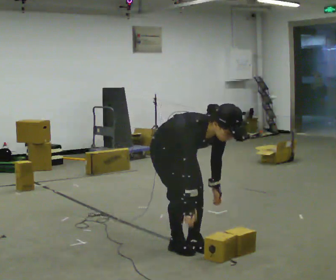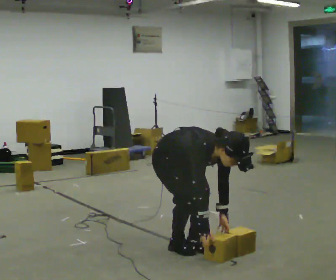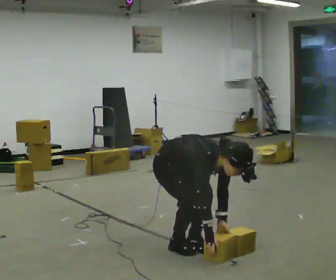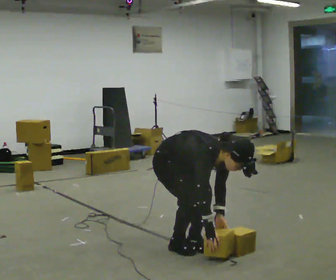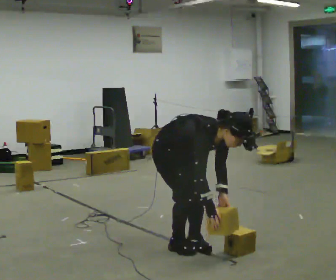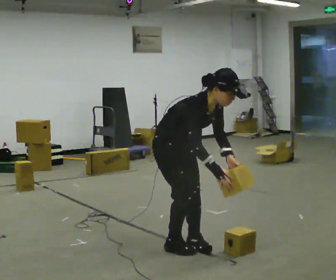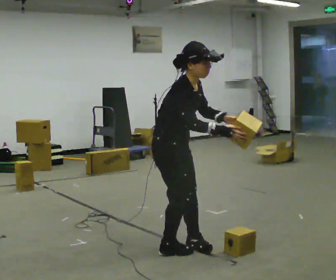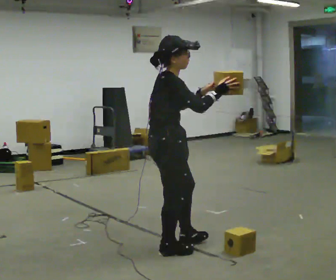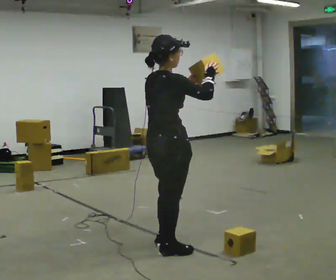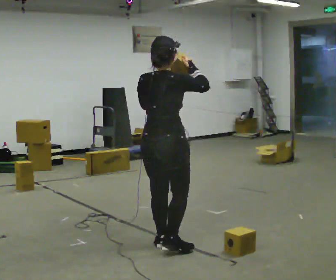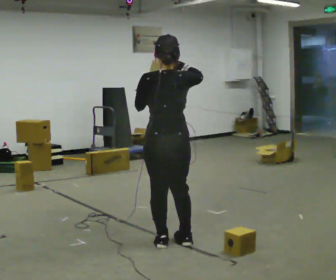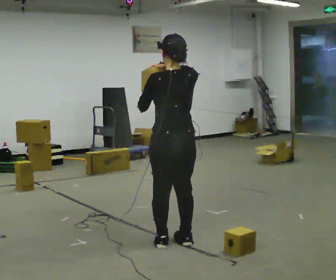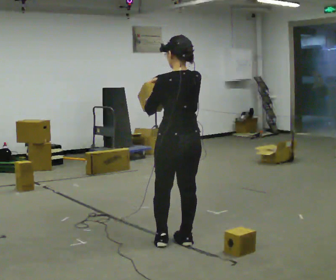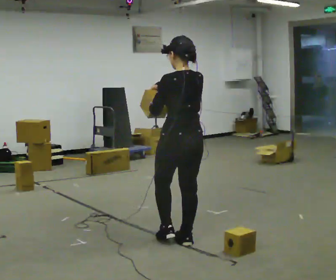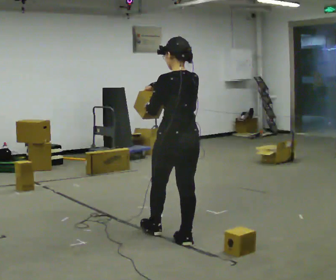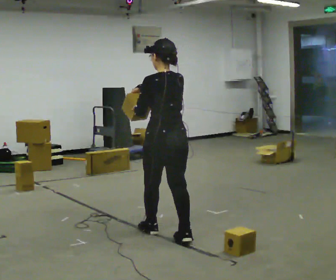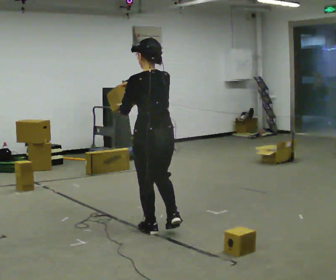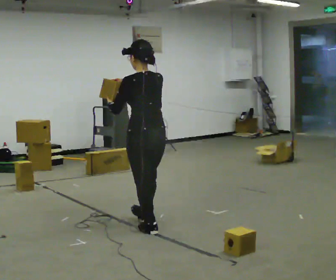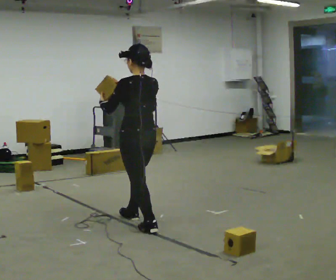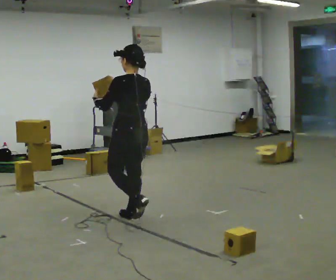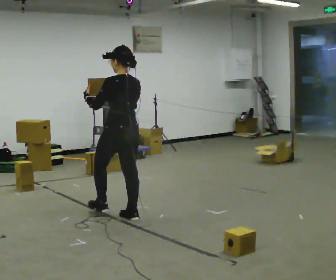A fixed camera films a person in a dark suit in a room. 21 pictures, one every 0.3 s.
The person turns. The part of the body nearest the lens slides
to the right.
The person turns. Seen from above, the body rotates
counterclockwise.
0.0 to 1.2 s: The person moves a little, or ends about where they began.
1.2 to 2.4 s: The part of the body nearest the lens slides to the right as the person turns to their left by about 75 degrees. The upper body goes upward. In the picture the upper body tilts counterclockwise, shoulders to the left, as they lean back or straighten. In the picture their right hand goes upward, the arm swinging counterclockwise.
2.4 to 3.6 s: The person turns about 75 degrees to their left, counterclockwise seen from above, so the part of the body nearest the lens slides to the right. In the picture they go away from the camera, about 0.25 m in 1 step. In the picture their right hand goes to the left.
3.6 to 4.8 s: In the picture they go to the left and away from the camera, about 0.25 m in 1 step, which for them is forward.
4.8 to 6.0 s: In the picture they go away from the camera and to the left, about 0.5 m in 1 step, which for them is forward.
The film runs forward here.
